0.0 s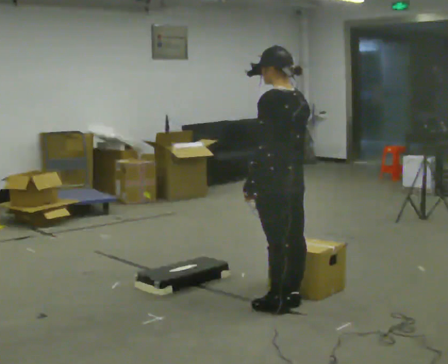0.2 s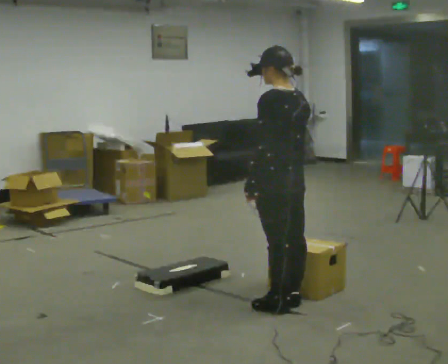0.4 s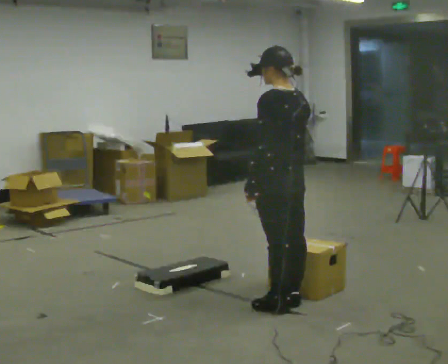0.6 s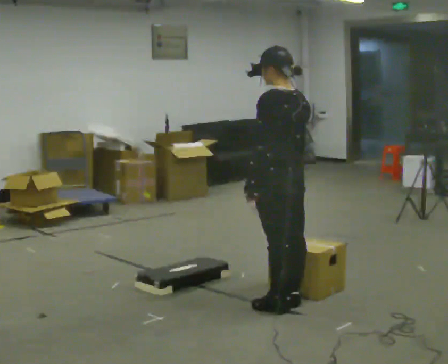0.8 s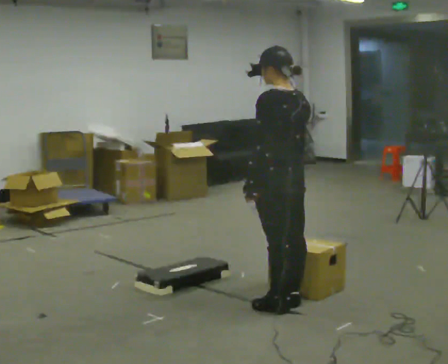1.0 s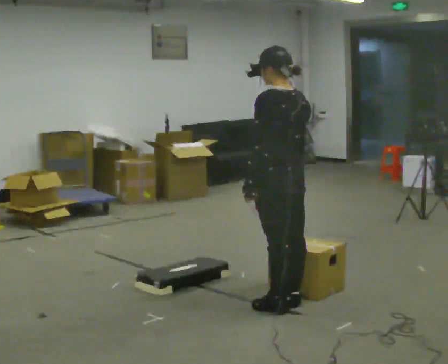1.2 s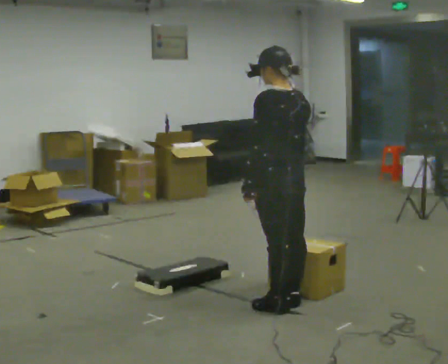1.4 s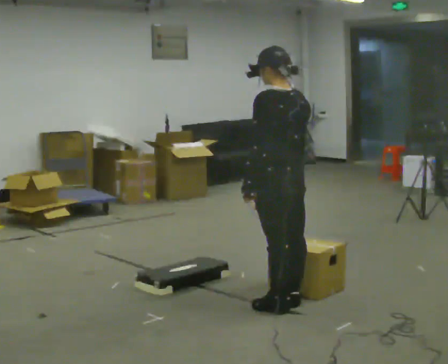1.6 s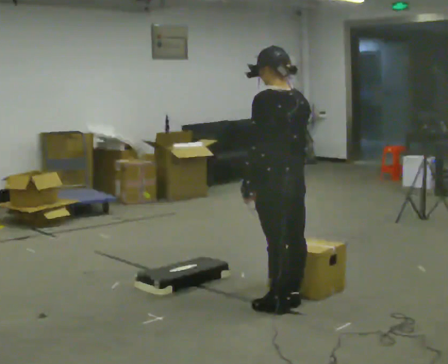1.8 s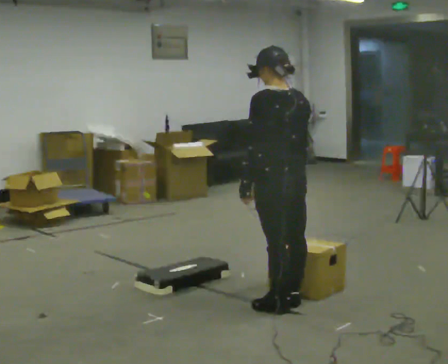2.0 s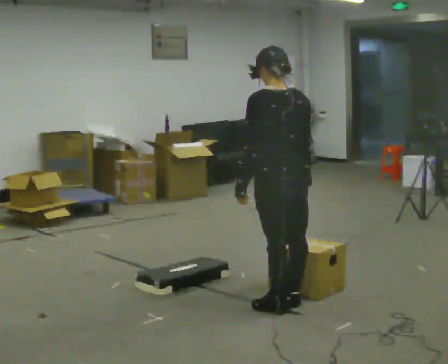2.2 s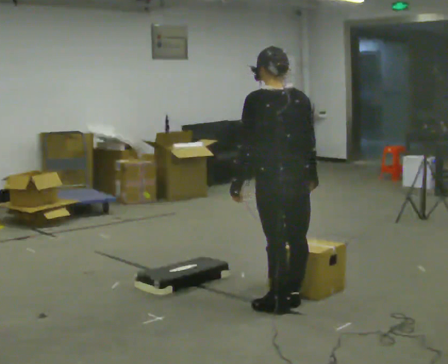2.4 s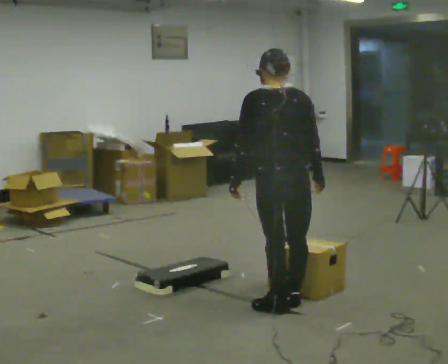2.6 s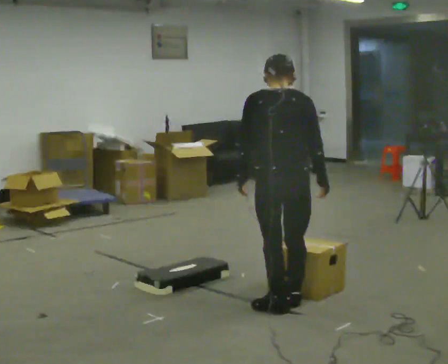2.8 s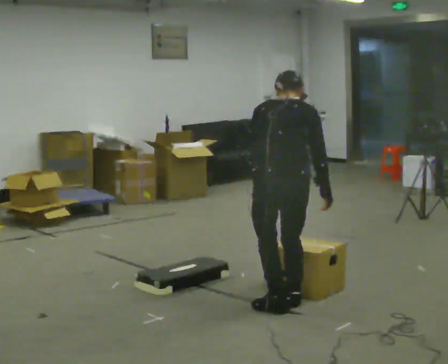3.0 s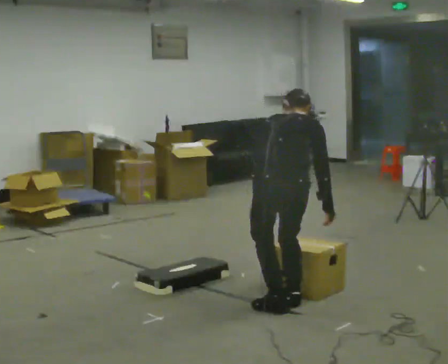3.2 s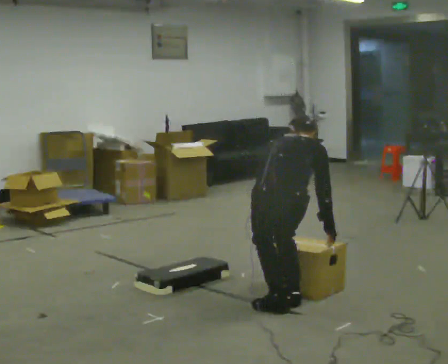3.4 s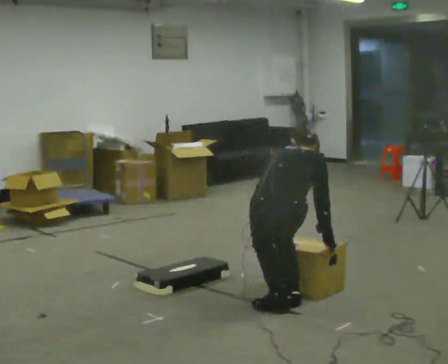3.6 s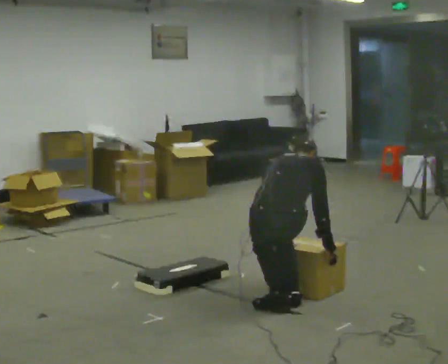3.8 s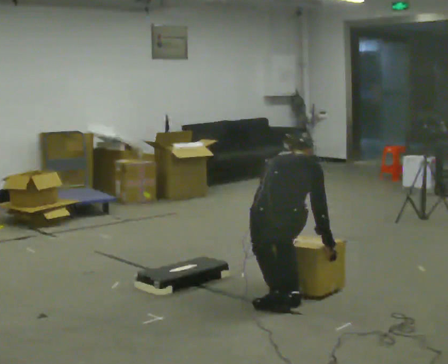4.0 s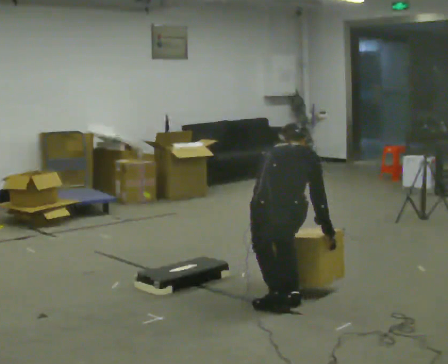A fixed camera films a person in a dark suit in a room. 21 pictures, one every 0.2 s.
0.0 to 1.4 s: The person moves a little, or ends about where they began.
1.4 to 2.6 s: Seen from above the body turns clockwise, about 45 degrees: to their right, with its near side sliding to the left.
2.6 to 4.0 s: The upper body goes downward. The upper body tips away from the camera, its near side rolling upward, as they bend forward. In the picture their left hand goes downward.
The film runs forward here.
